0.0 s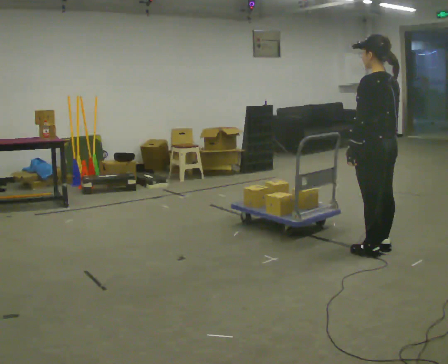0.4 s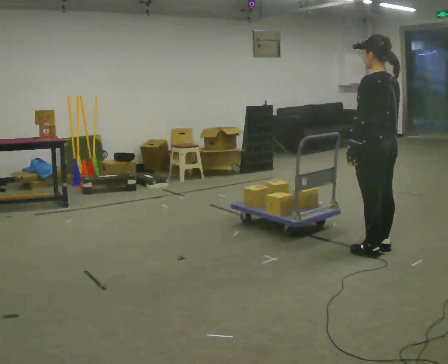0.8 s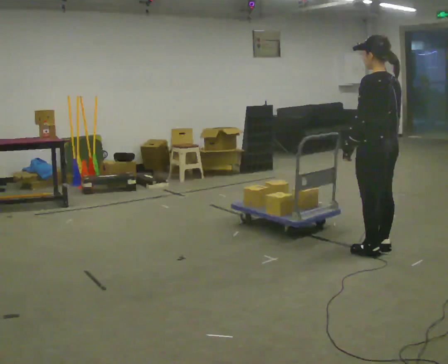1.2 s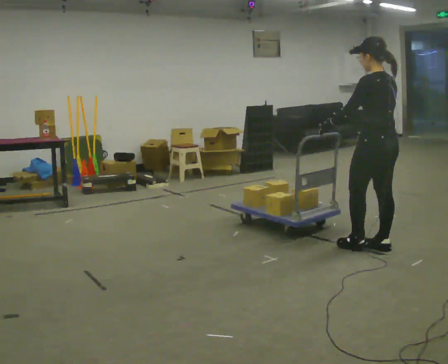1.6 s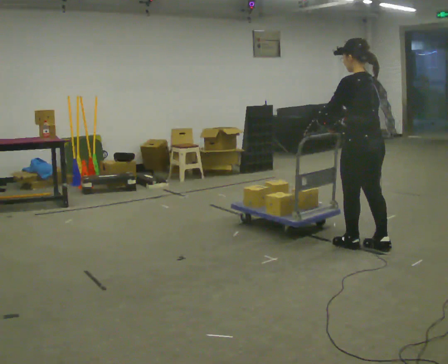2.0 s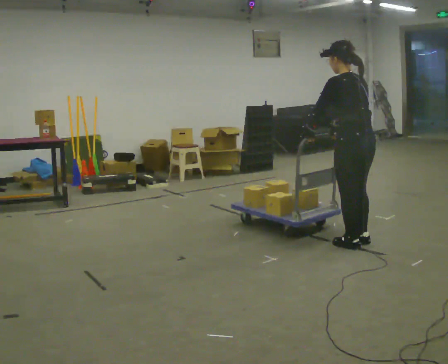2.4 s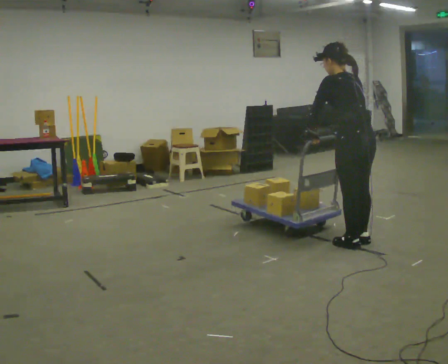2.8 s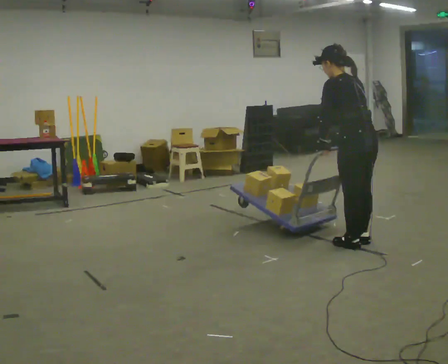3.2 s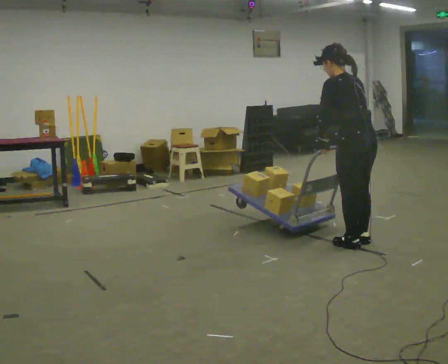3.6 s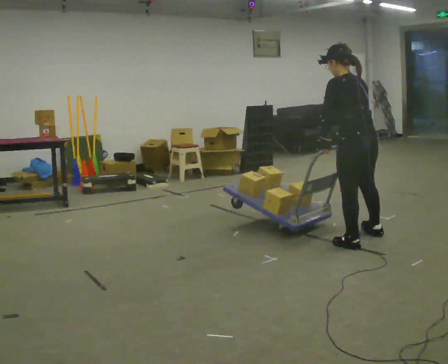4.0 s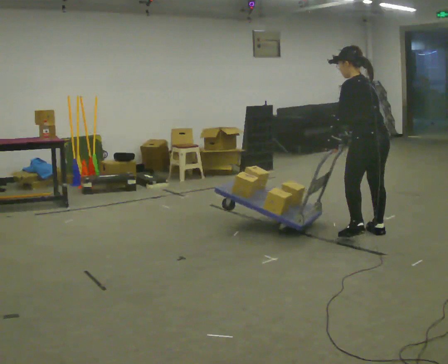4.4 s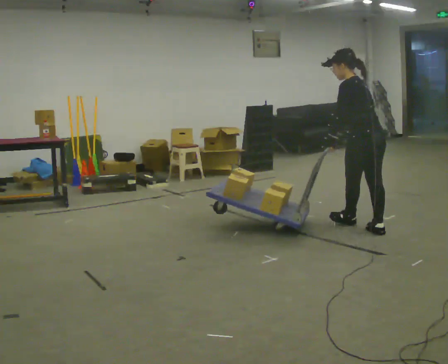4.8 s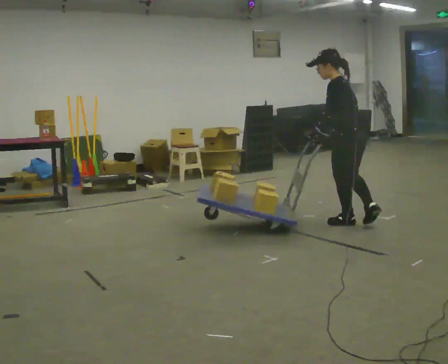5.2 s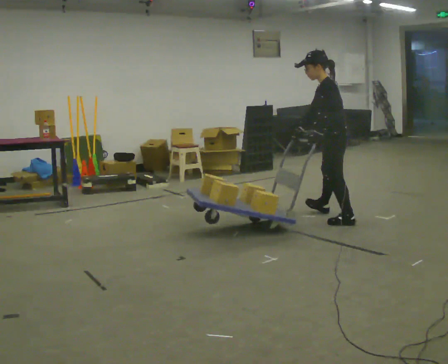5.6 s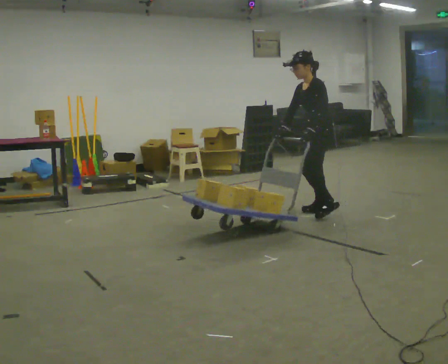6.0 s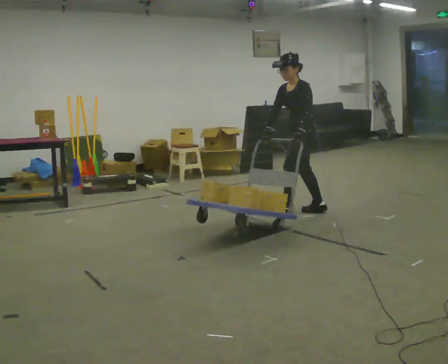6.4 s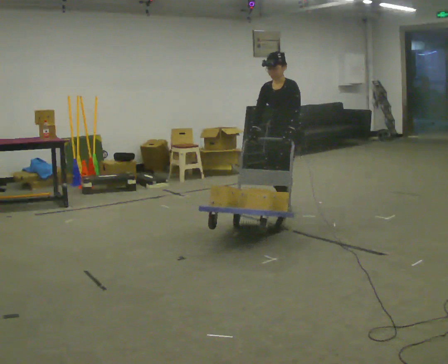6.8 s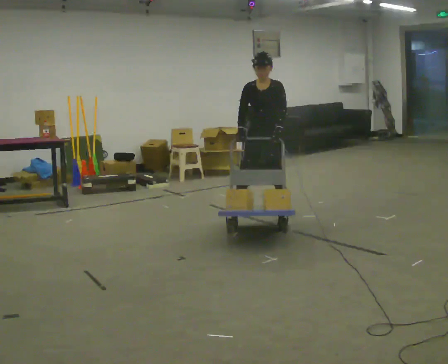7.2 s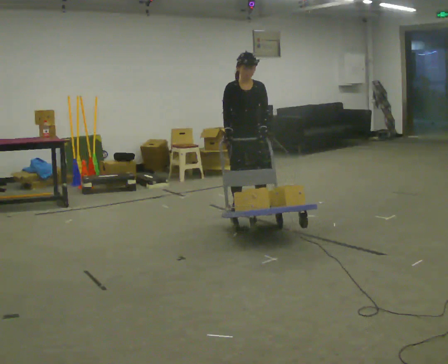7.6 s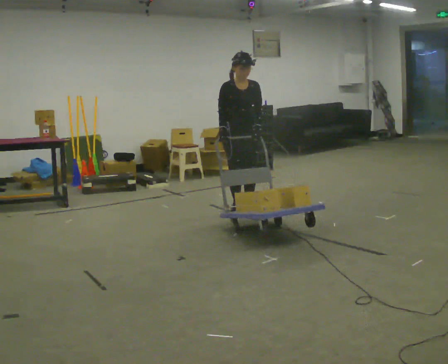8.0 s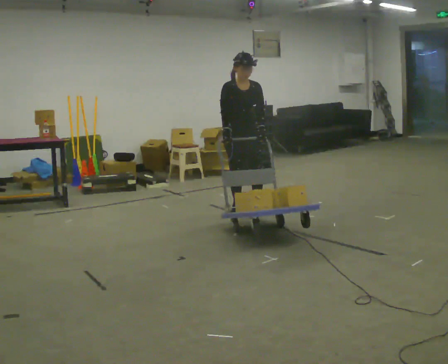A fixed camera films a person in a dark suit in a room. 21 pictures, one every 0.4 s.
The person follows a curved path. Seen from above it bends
counterclockwise.
The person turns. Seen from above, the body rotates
counterclockwise.
0.0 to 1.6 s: In the picture their right hand goes to the left.
1.6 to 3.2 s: The person moves a little, or ends about where they began.
3.2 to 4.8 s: In the picture they go away from the camera, about 0.5 m in 2 steps, which for them is forward and to their right.
4.8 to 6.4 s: The part of the body nearest the lens slides to the right as the person turns to their left by about 75 degrees. In the picture they go to the left and away from the camera, about 1 m in 2 steps.
6.4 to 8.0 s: The person turns about 75 degrees to their left, counterclockwise seen from above, so the part of the body nearest the lens slides to the right. In the picture they go to the left, about 0.5 m in 2 steps.
The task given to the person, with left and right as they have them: Turn the cart round to face the other way without moving it out of the marked square, then turn it back. Repeat until the operator says stop.
The film runs forward here.
